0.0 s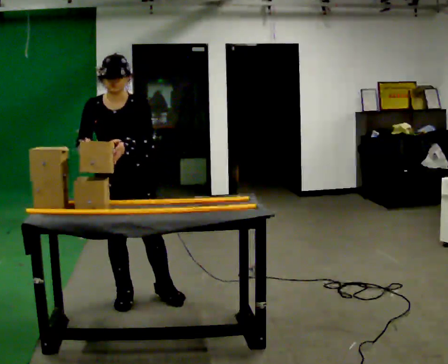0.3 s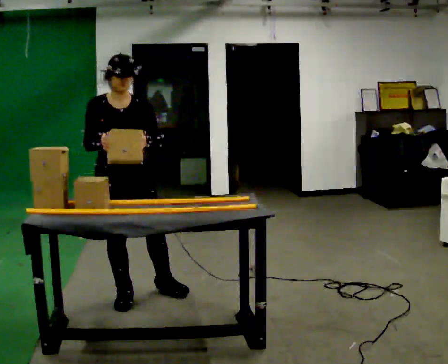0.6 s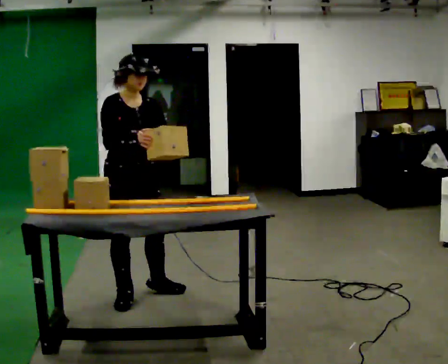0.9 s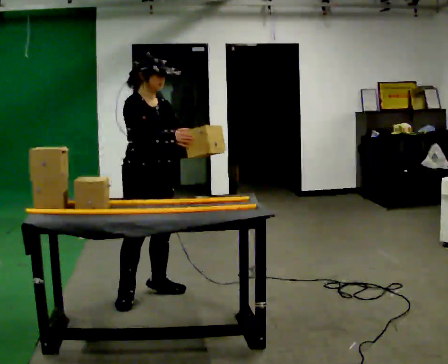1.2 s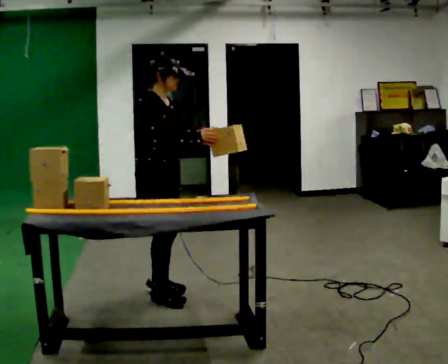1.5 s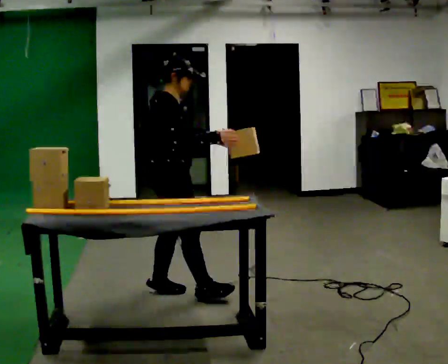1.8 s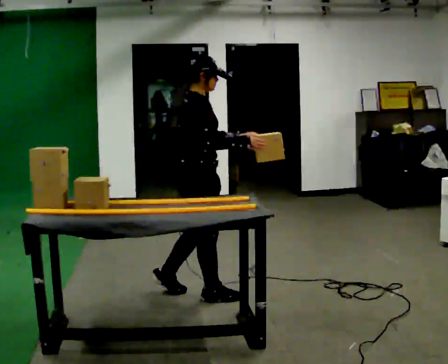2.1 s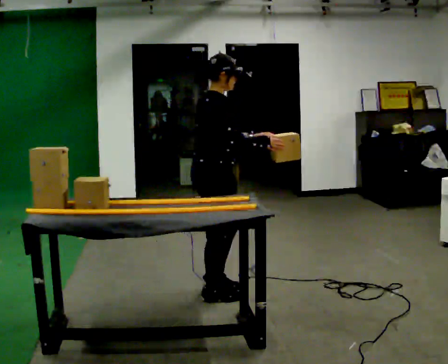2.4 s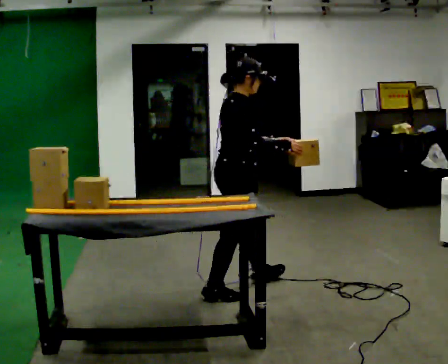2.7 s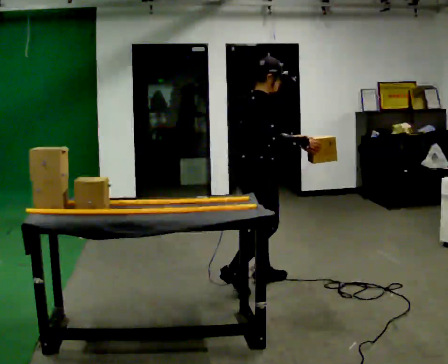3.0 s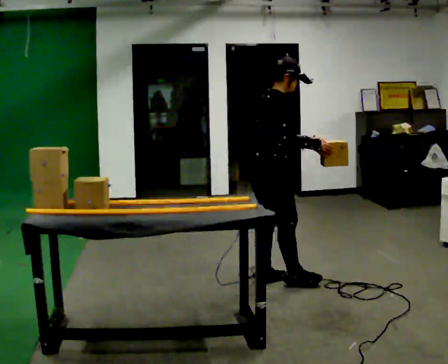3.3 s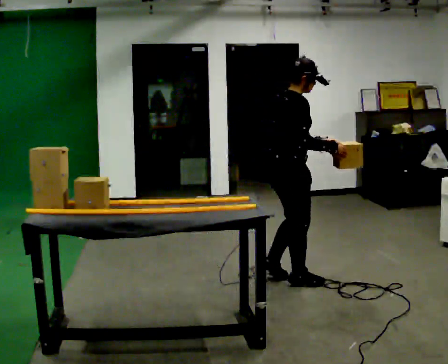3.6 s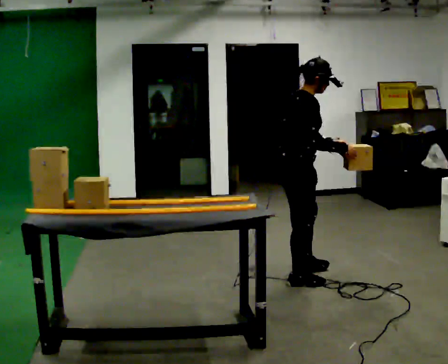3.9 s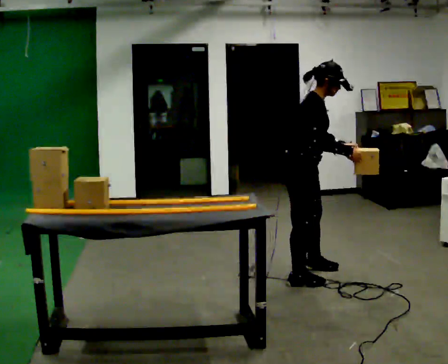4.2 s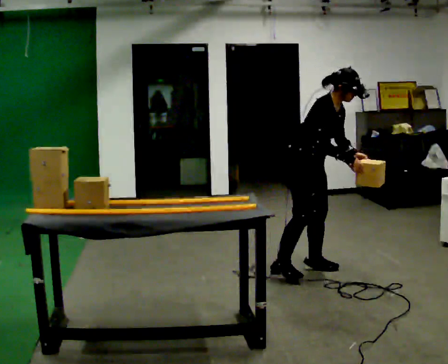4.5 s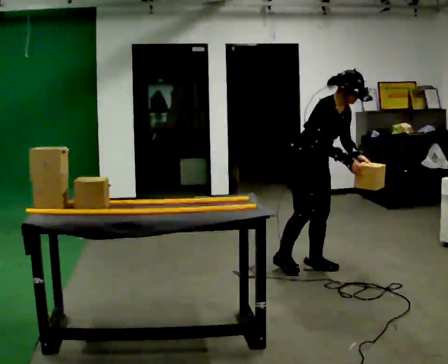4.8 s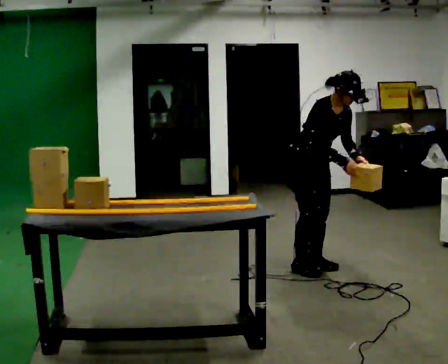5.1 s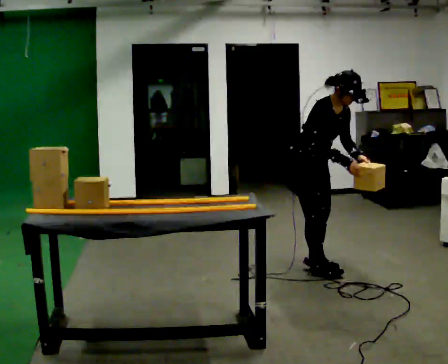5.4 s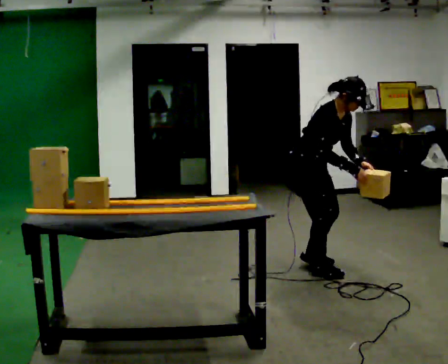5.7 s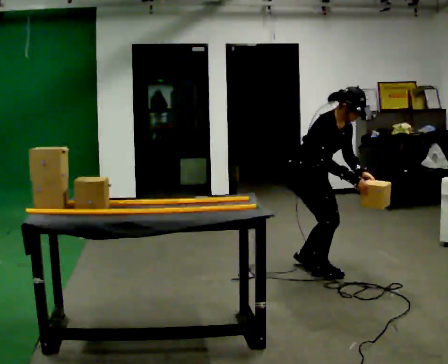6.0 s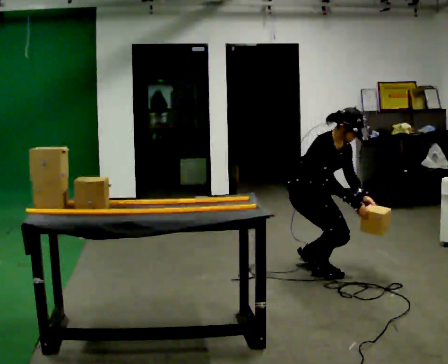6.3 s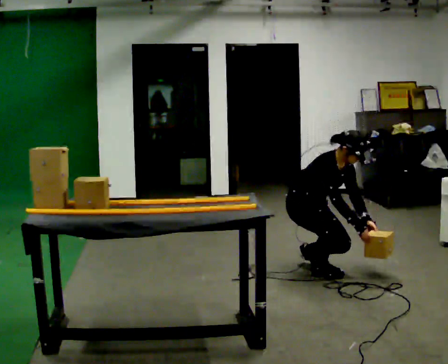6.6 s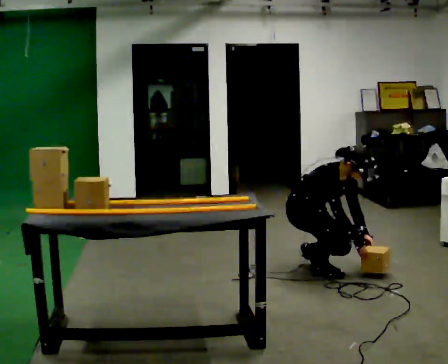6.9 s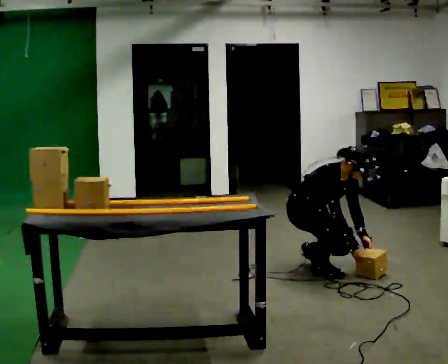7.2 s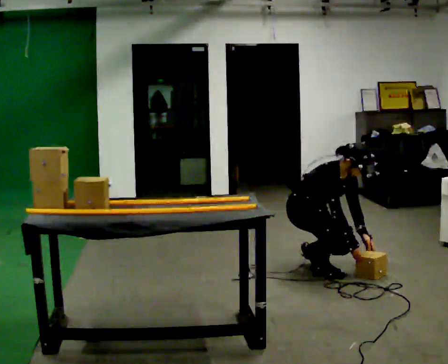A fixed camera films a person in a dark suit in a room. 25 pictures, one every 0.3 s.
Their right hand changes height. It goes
downward.
The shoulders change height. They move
downward.
0.0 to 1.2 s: The person turns about 60 degrees to their left, counterclockwise seen from above, so the part of the body nearest the lens slides to the right. In the picture they go to the right and away from the camera, about 0.25 m.
1.2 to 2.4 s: In the picture they go to the right, about 0.5 m in 2 steps, which for them is forward.
2.4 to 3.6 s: In the picture they go to the right and away from the camera, about 0.5 m in 1 step, which for them is forward.
3.6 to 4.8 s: The part of the body nearest the lens slides to the left as the person turns to their right by about 45 degrees. In the picture they go away from the camera, about 0.25 m in 1 step, which for them is to their left. In the picture the upper body tilts clockwise, shoulders to the right, as they bend forward.
4.8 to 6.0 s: The upper body goes downward. In the picture their right hand goes downward.
6.0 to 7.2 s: The upper body goes downward. In the picture the upper body tilts clockwise, shoulders to the right, as they bend forward.
The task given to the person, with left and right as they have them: Slide the object into the slot on the shelf in front of you. It is a close fit, so take the time you need. Repeat at your own pace until the operator says stop. Keep both feet on the marked spots for the whole take. If you have to step, stop and tell the operator.
The film runs forward here.
